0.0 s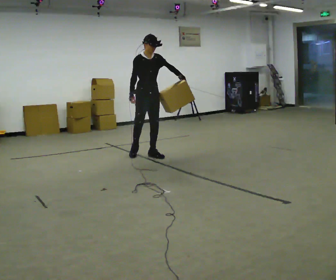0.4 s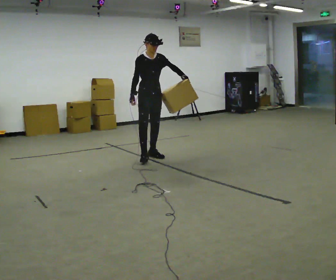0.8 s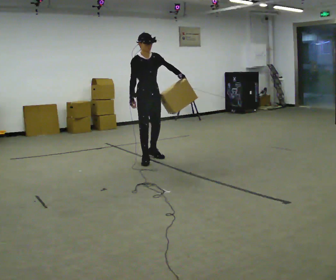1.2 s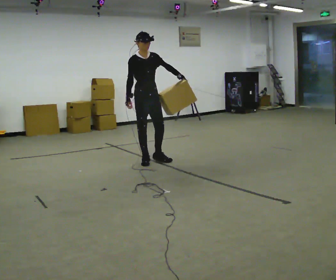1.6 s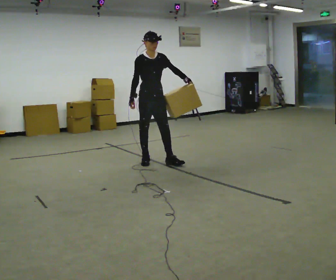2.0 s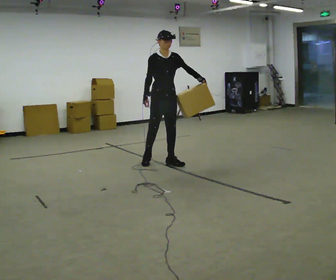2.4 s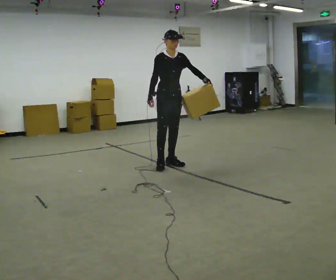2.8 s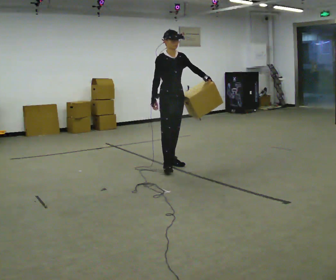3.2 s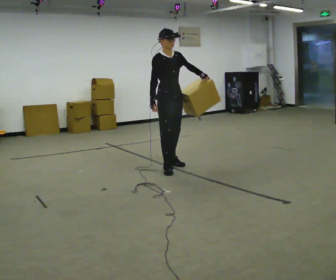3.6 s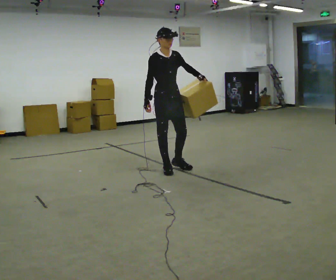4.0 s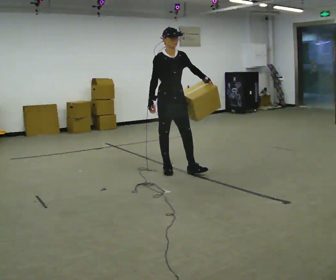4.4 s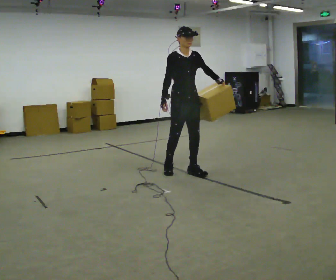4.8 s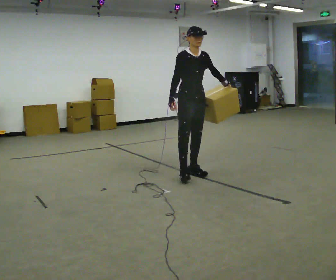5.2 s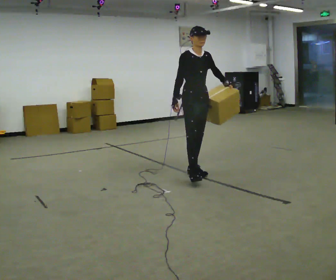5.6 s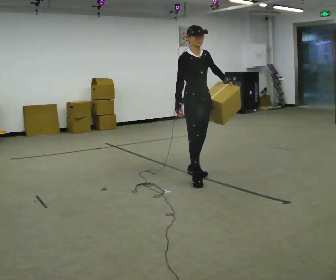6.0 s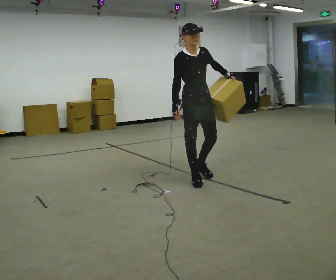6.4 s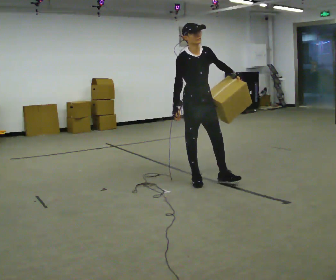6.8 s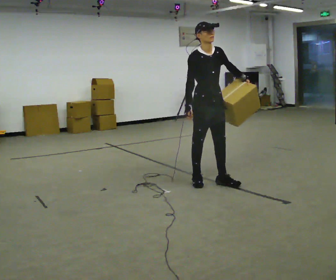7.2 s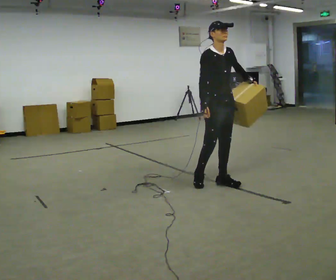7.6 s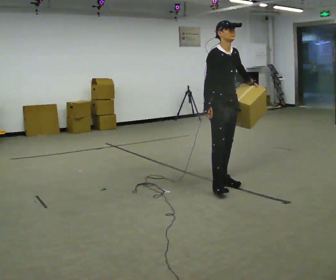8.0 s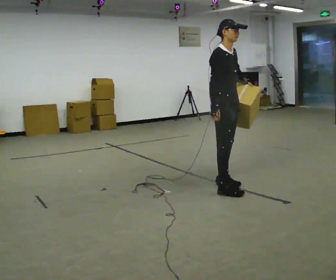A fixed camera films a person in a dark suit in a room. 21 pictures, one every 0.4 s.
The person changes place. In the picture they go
toward the camera.
0.0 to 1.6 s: In the picture they go toward the camera, about 0.5 m in 2 steps, which for them is forward and to their right.
1.6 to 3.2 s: In the picture they go toward the camera and to the right, about 0.5 m in 1 step, which for them is forward.
3.2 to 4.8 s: In the picture they go to the right and toward the camera, about 0.25 m in 1 step, which for them is forward and to their left.
4.8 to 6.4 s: In the picture they go toward the camera, about 0.25 m in 1 step, which for them is forward and to their right.
6.4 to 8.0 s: The person turns about 30 degrees to their left, counterclockwise seen from above, so the part of the body nearest the lens slides to the right. In the picture they go toward the camera and to the right, about 0.5 m in 2 steps, which for them is forward.
The film runs forward here.
